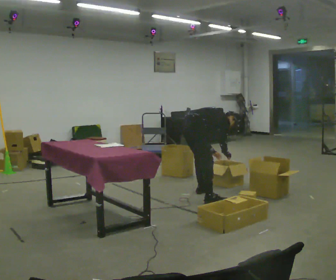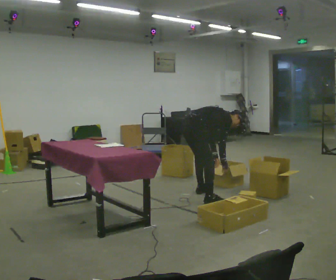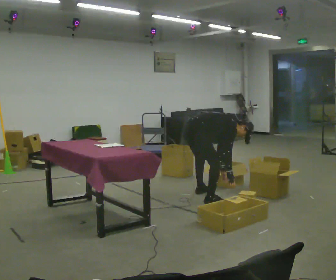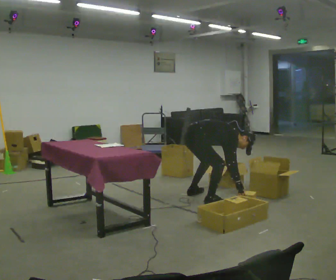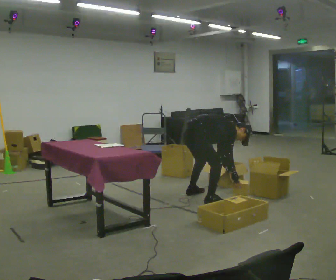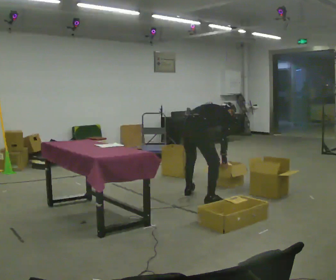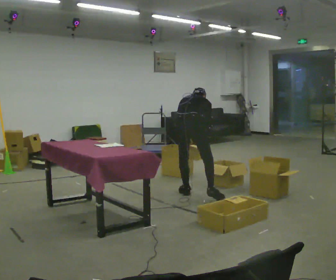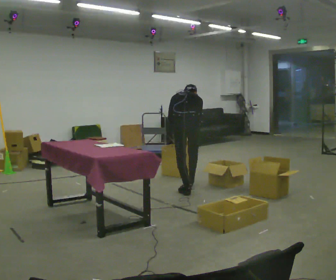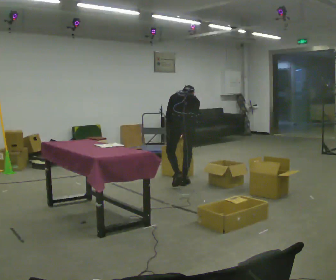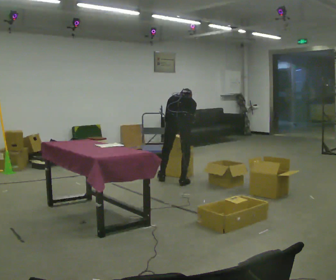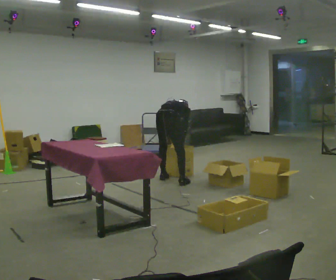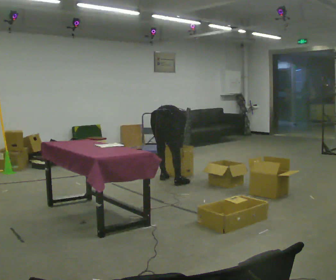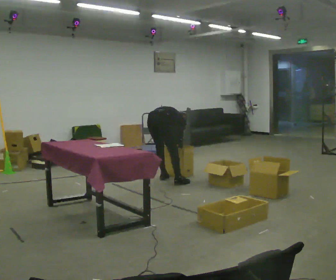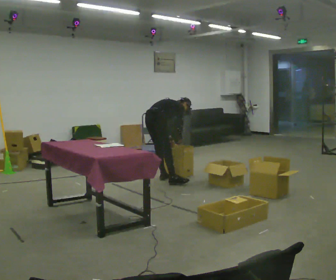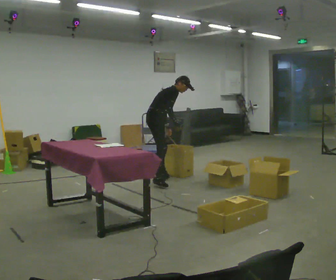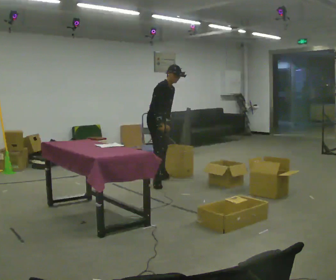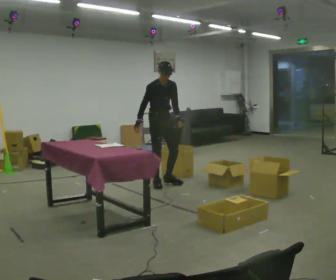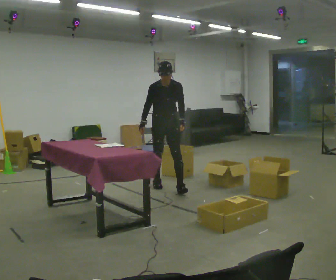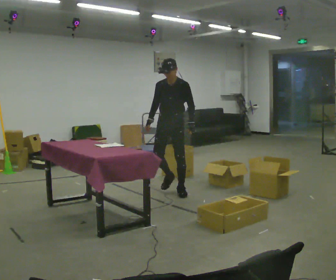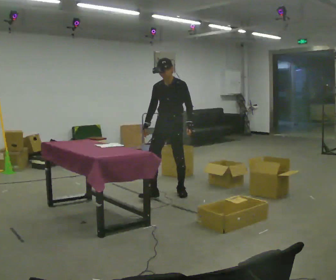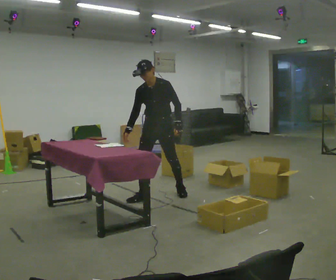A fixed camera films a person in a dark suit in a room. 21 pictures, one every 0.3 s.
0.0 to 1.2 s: In the picture they go toward the camera, about 0.25 m, which for them is to their right.
1.2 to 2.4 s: The person turns about 75 degrees to their left, counterclockwise seen from above, so the part of the body nearest the lens slides to the right. In the picture they go away from the camera, about 0.5 m in 1 step. The shoulders move upward. In the picture the upper body tilts counterclockwise, shoulders to the left, as they lean back or straighten. In the picture their right hand goes upward.
2.4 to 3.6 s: The person turns about 45 degrees to their right, clockwise seen from above, so the part of the body nearest the lens slides to the left. In the picture they go away from the camera and to the left, about 0.5 m in 1 step, which for them is to their left and forward. The shoulders move downward. In the picture the upper body tilts clockwise, shoulders to the right, as they bend forward. In the picture their left hand goes downward.
3.6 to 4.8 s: The person turns about 105 degrees to their right, clockwise seen from above, so the part of the body nearest the lens slides to the left. In the picture they go toward the camera, about 0.25 m in 1 step. The shoulders move upward. The upper body tips toward the camera, its near side rolling downward, as they lean back or straighten. In the picture their right hand goes upward.
4.8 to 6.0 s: Seen from above the body turns clockwise, about 45 degrees: to their right, with its near side sliding to the left. In the picture they go toward the camera, about 0.5 m in 2 steps, which for them is forward. In the picture the upper body tilts counterclockwise, shoulders to the left.
The film runs forward here.
